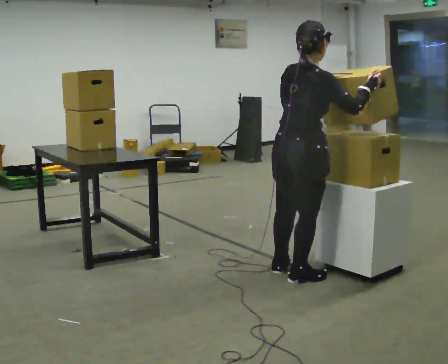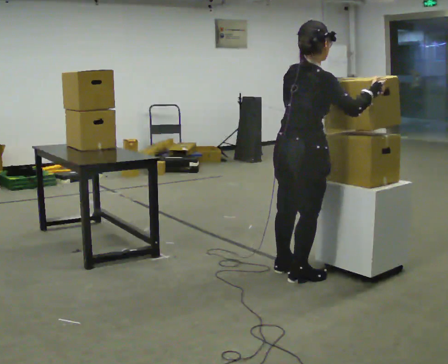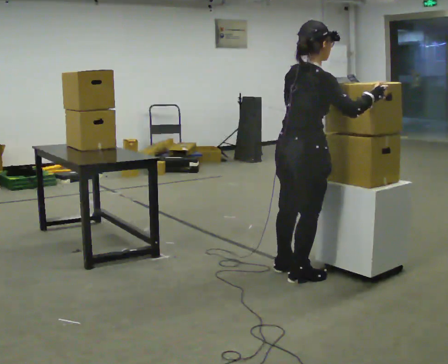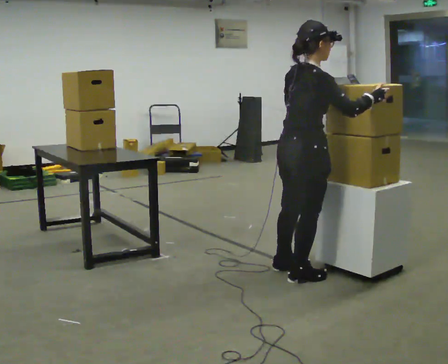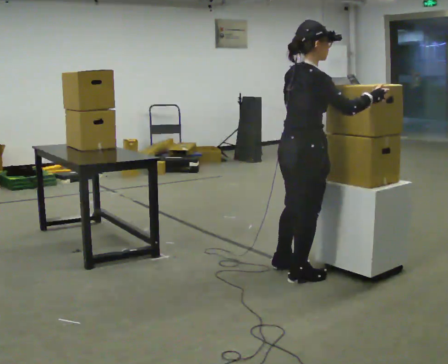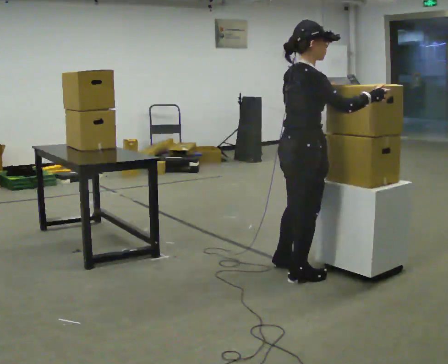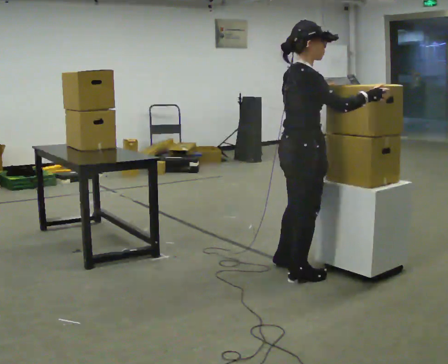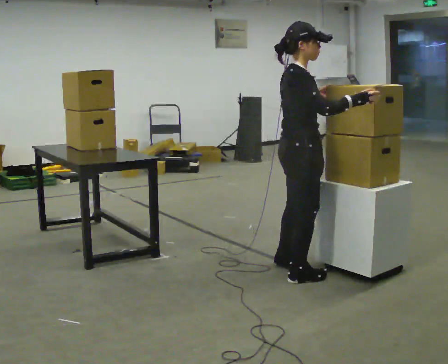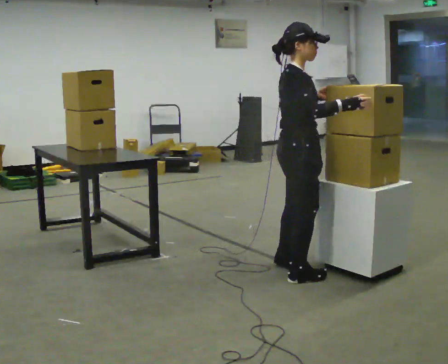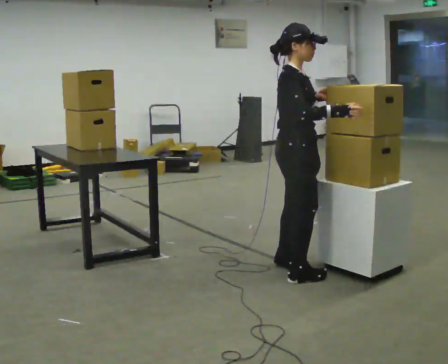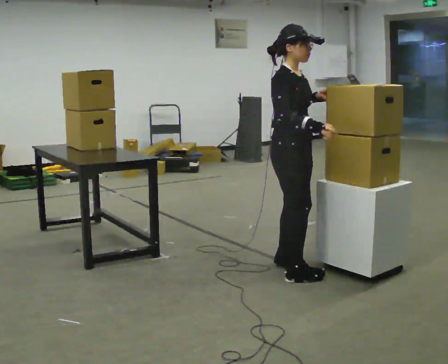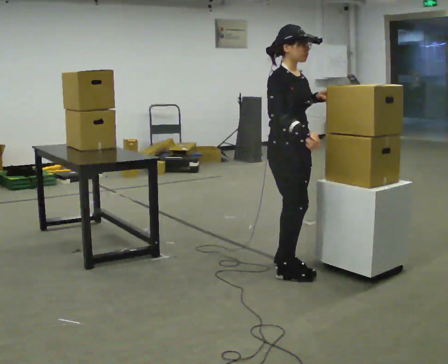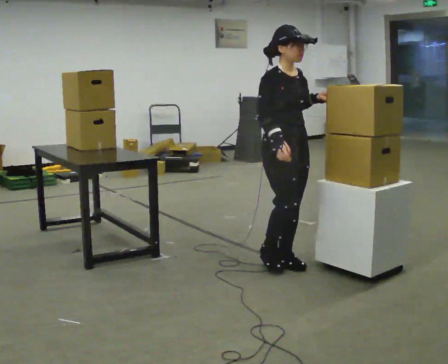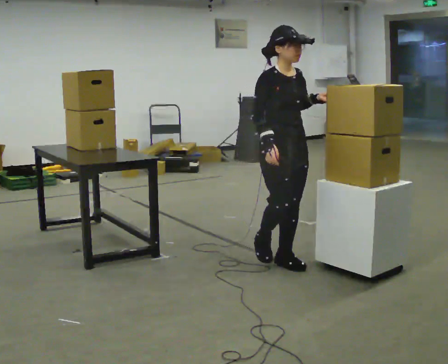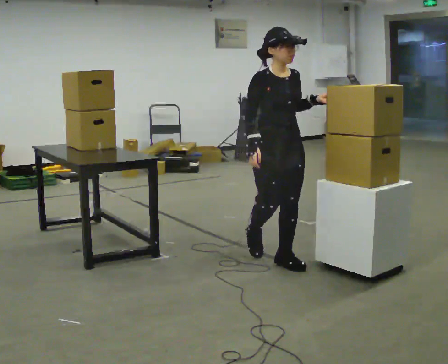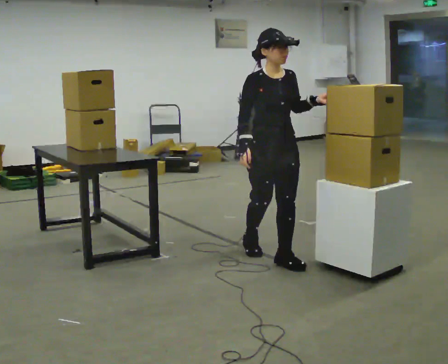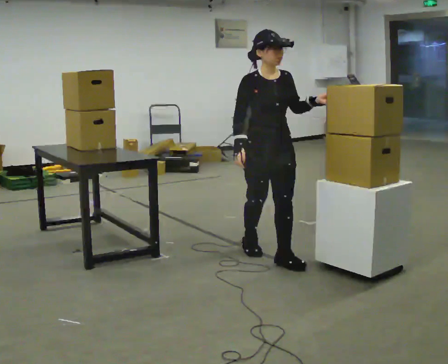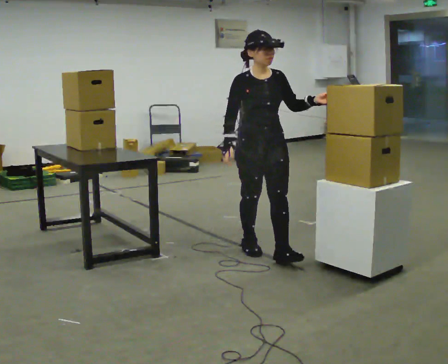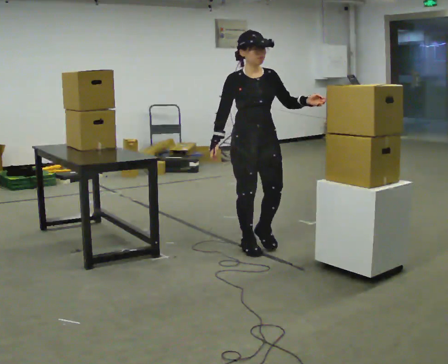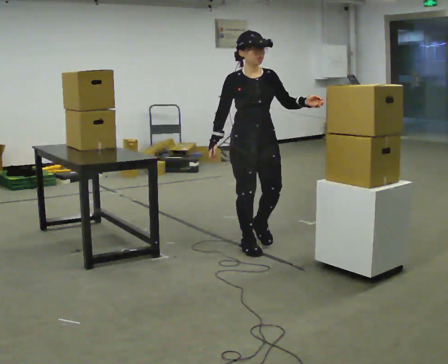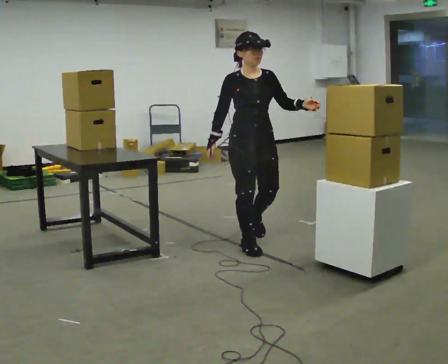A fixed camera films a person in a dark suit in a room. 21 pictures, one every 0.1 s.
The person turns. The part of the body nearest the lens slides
to the left.
Their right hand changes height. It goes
downward.
0.0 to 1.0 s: The part of the body nearest the lens slides to the left as the person turns to their right by about 60 degrees. In the picture they go away from the camera, about 0.25 m in 1 step.
1.0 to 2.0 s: The person turns about 45 degrees to their right, clockwise seen from above, so the part of the body nearest the lens slides to the left. In the picture they go away from the camera and to the left, about 0.5 m in 1 step, which for them is backward.
The film runs backward here.
